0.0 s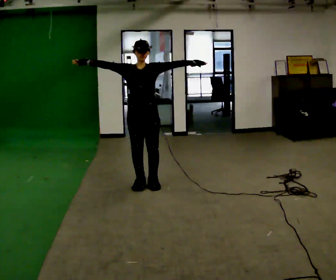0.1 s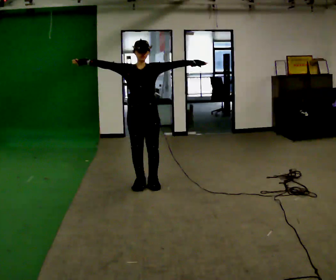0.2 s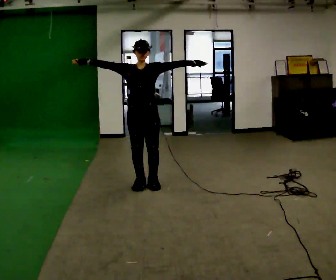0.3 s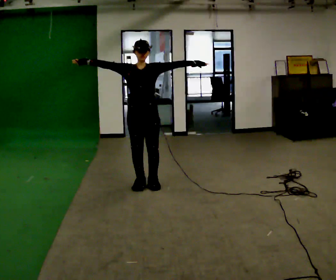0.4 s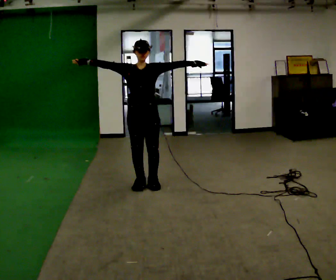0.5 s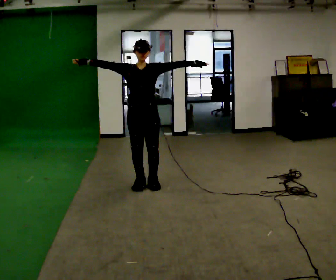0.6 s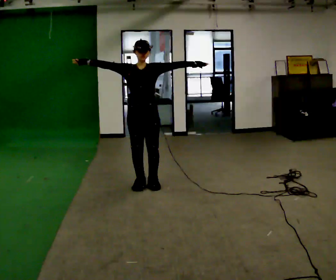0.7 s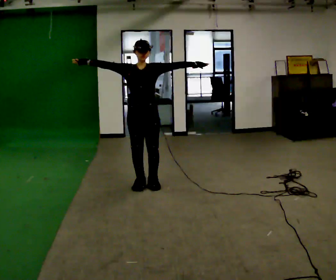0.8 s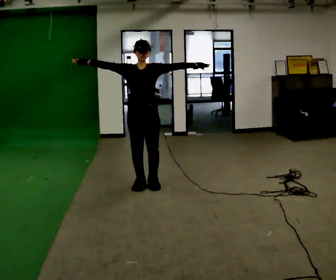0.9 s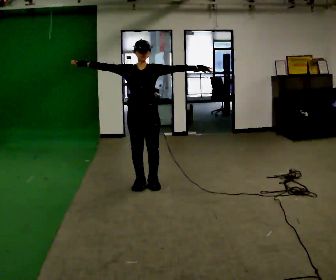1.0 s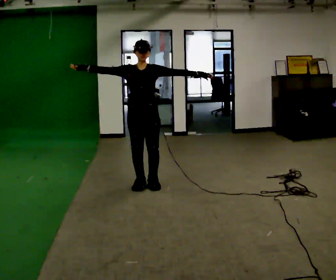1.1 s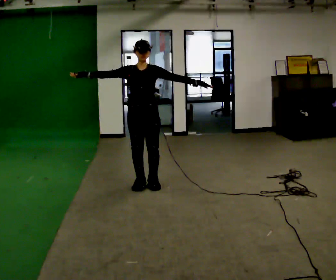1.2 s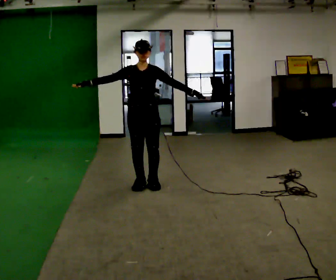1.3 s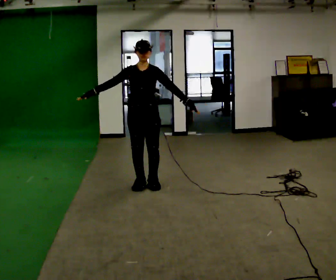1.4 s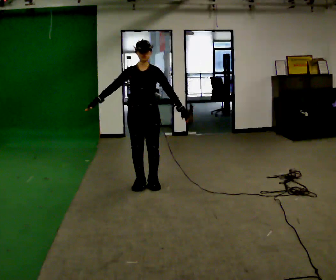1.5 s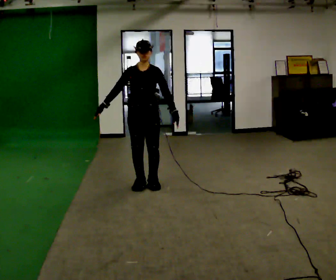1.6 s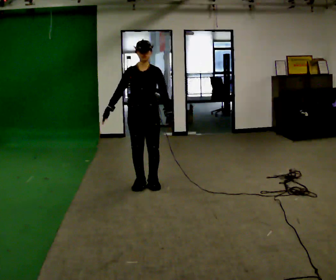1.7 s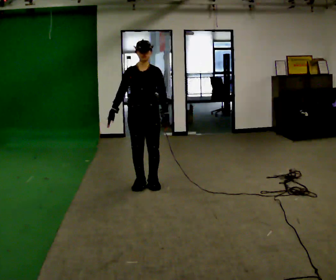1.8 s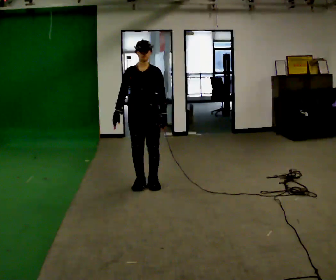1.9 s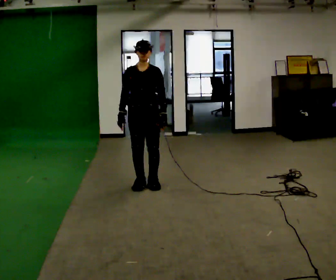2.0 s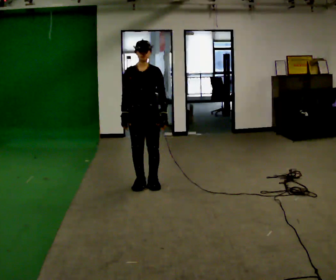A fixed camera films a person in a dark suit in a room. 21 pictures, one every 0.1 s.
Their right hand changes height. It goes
downward.
Their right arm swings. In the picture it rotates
counterclockwise.
0.0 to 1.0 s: The person moves a little, or ends about where they began.
1.0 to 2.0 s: In the picture their right hand goes downward and to the right, the arm swinging counterclockwise.
The film runs forward here.
